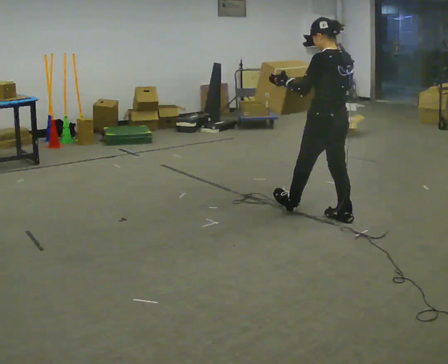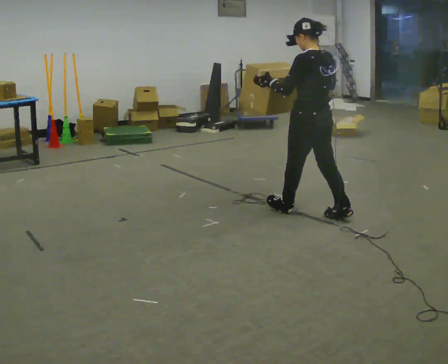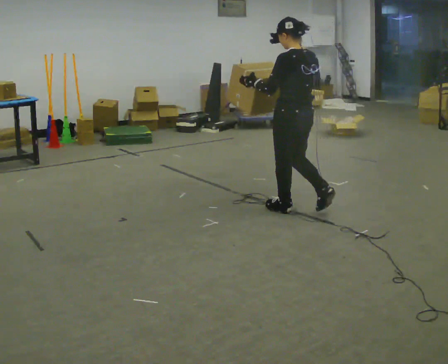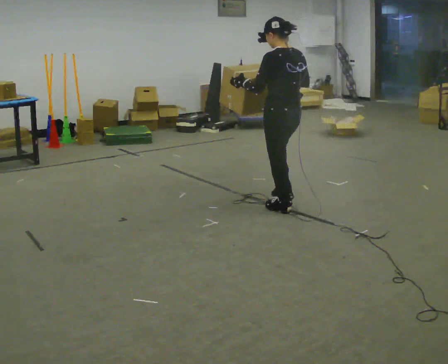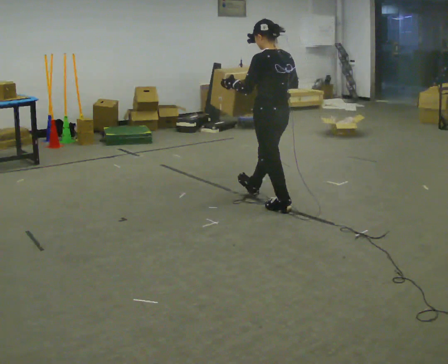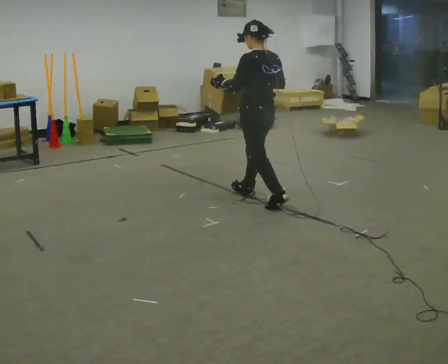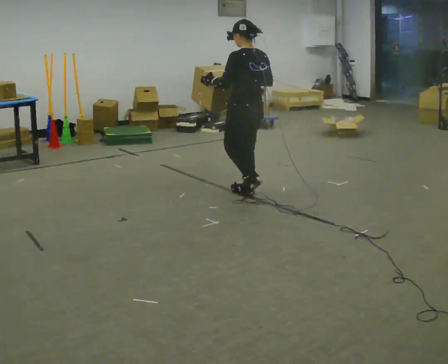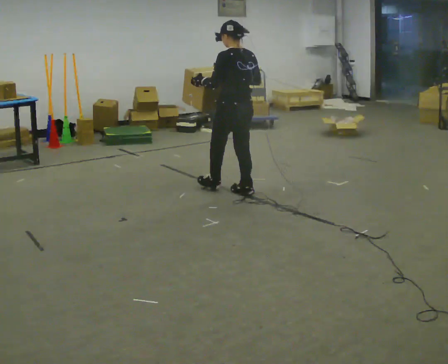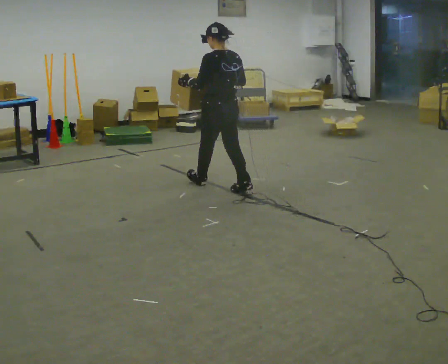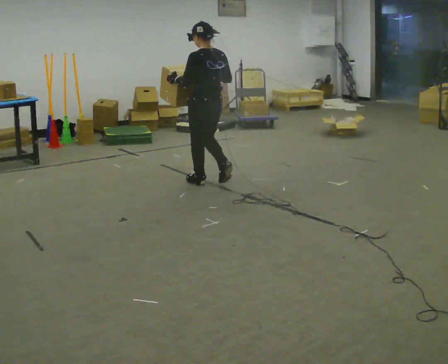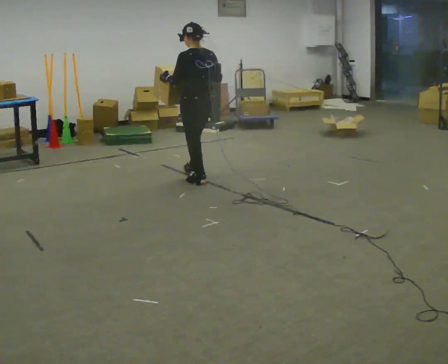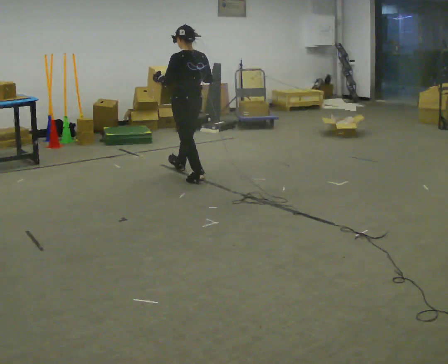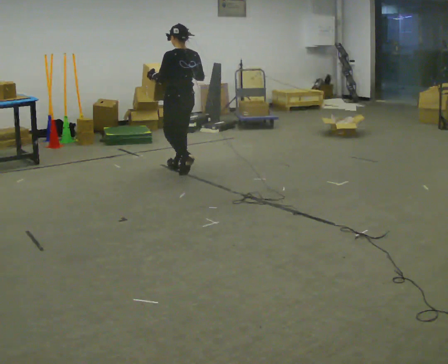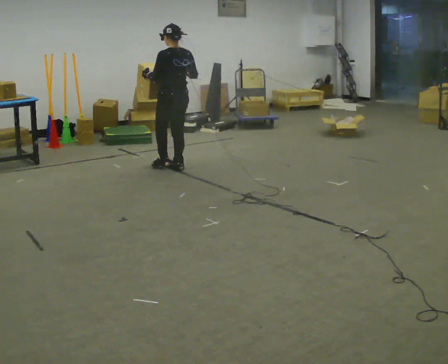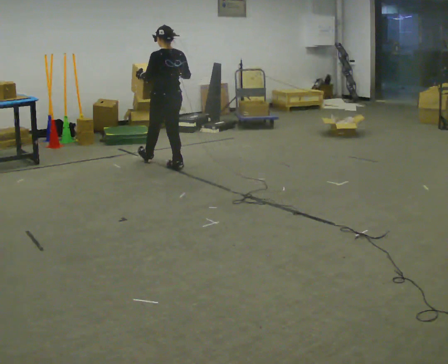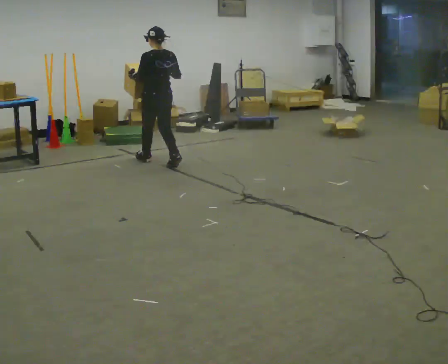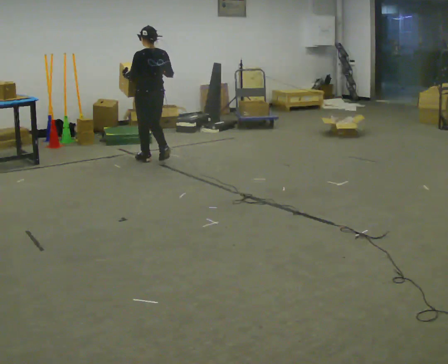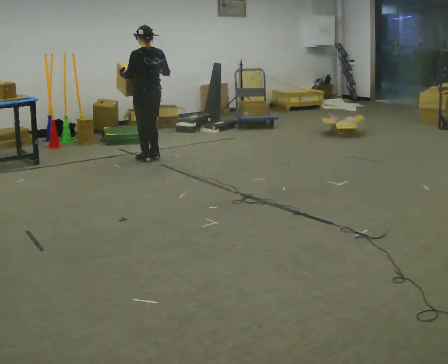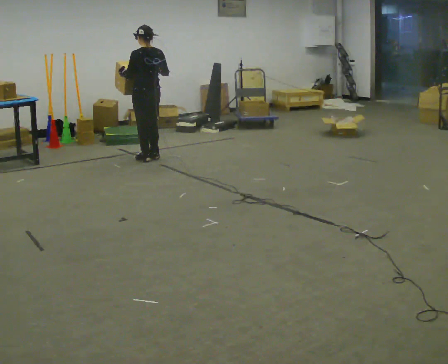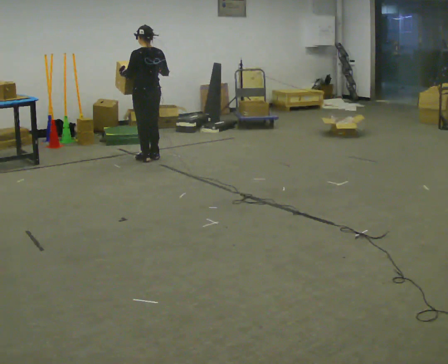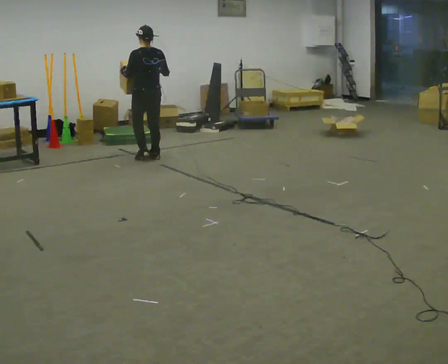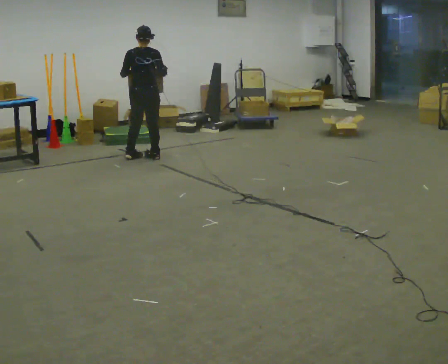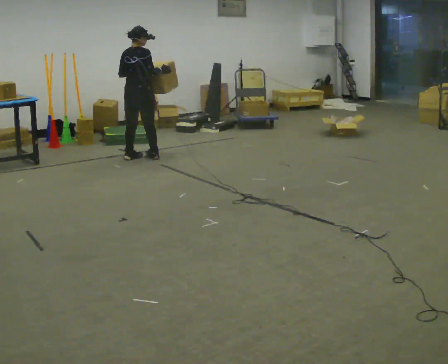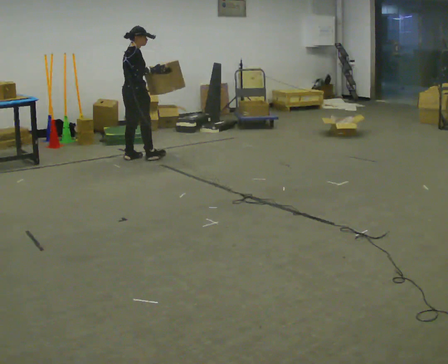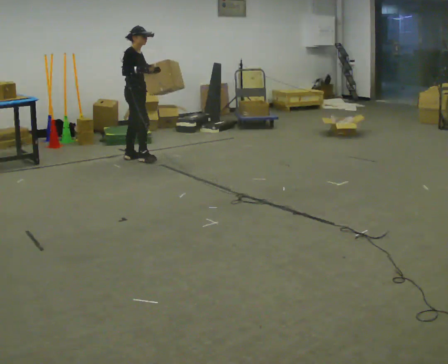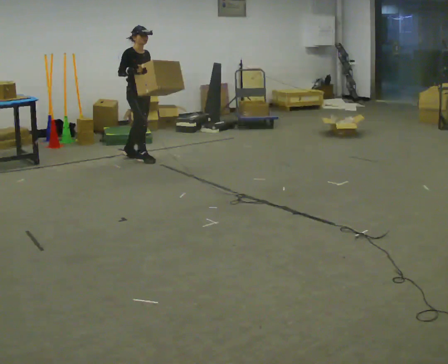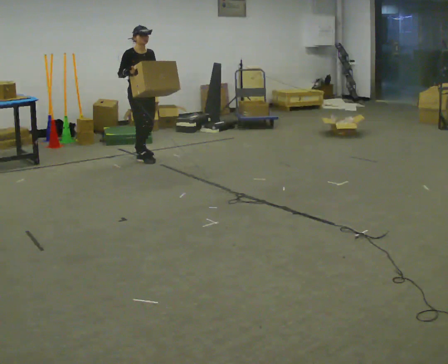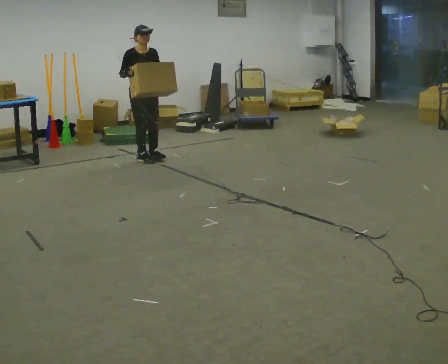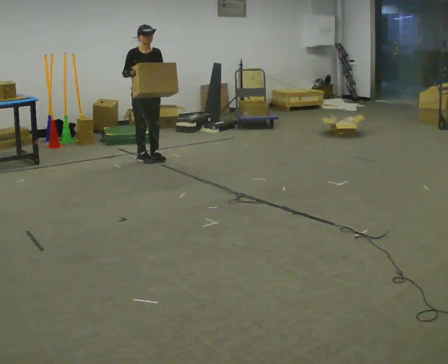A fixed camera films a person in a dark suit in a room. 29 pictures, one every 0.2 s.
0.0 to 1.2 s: In the picture they go away from the camera and to the left, about 1 m in 2 steps, which for them is forward.
1.2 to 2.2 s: In the picture they go away from the camera and to the left, about 1 m in 1 step, which for them is forward.
2.2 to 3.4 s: In the picture they go away from the camera and to the left, about 1 m in 2 steps, which for them is forward.
3.4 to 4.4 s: The part of the body nearest the lens slides to the left as the person turns to their right by about 60 degrees.
4.4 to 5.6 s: The person turns about 120 degrees to their right, clockwise seen from above, so the part of the body nearest the lens slides to the left. In the picture their right hand goes to the left.
The film runs forward here.
